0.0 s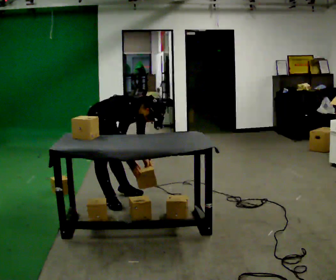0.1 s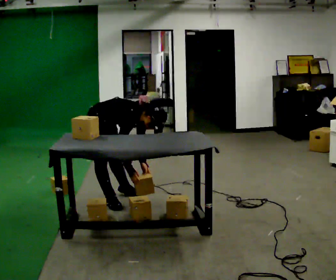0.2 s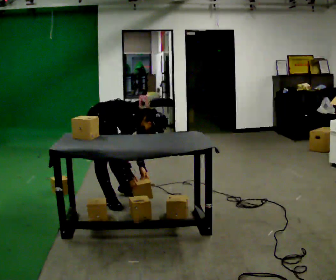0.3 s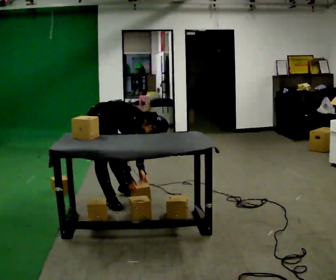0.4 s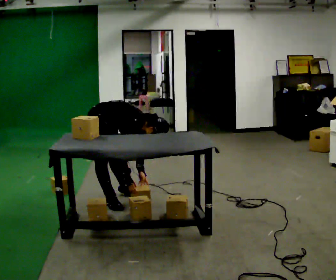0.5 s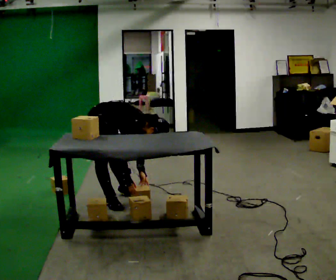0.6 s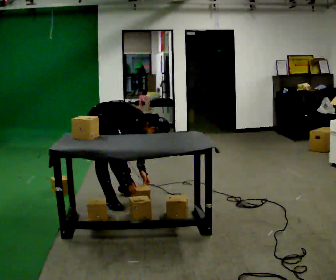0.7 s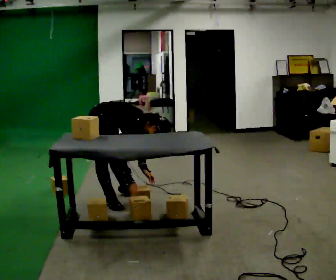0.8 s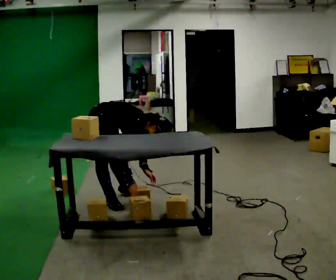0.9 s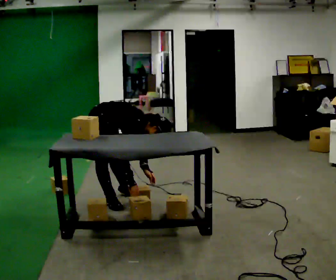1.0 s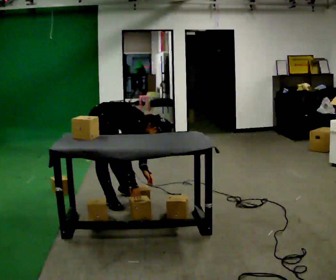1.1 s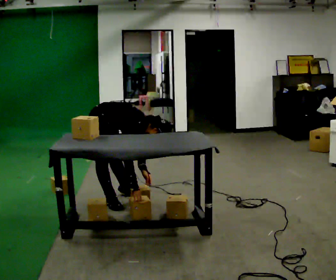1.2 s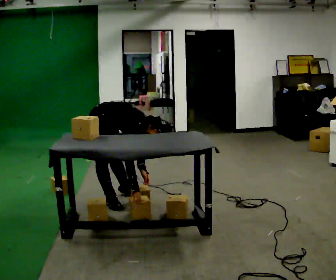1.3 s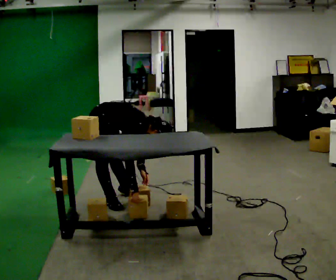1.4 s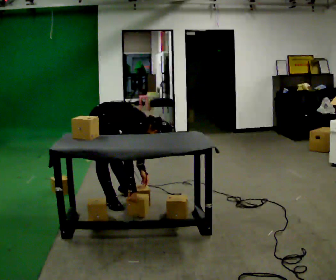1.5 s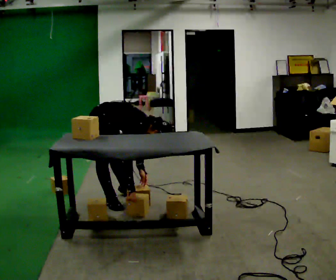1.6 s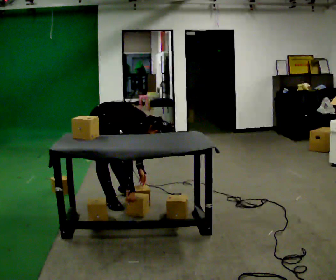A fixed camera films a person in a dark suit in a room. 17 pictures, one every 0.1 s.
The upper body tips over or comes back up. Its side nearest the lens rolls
downward.
0.0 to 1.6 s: The upper body tips toward the camera, its near side rolling downward, as they bend forward.
The film runs forward here.
